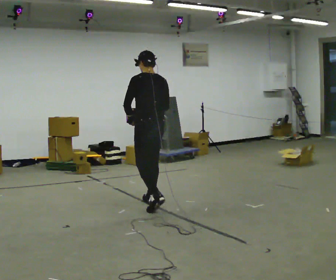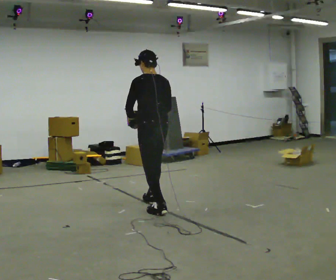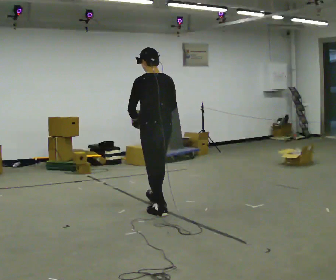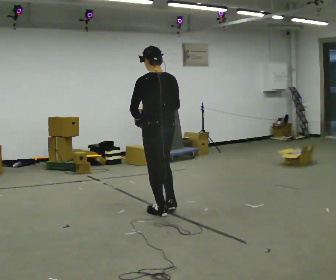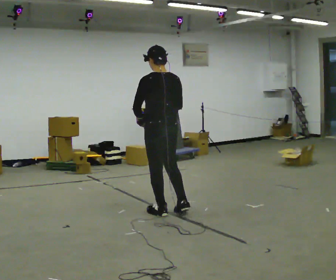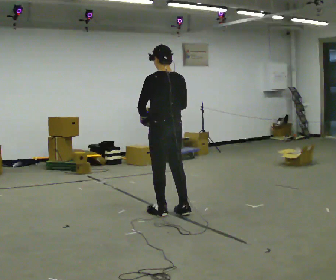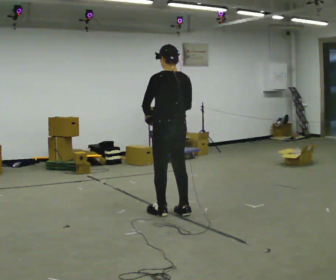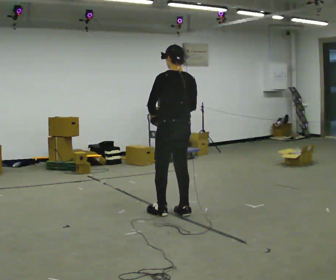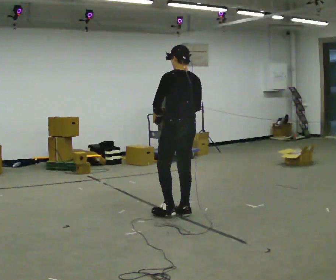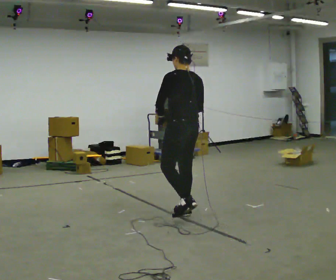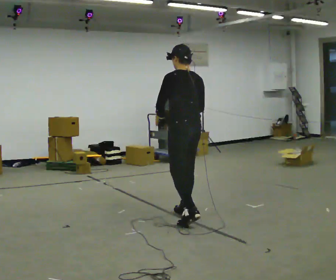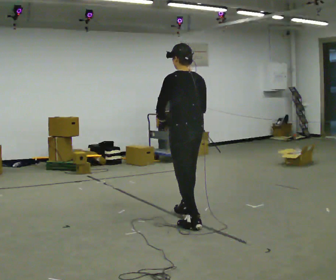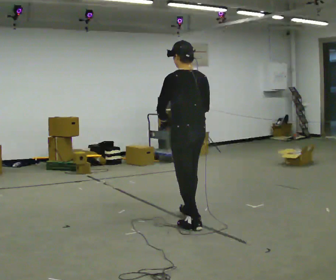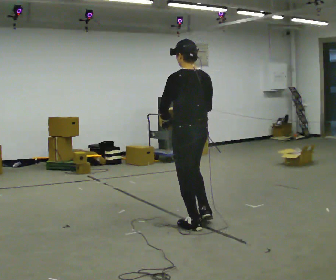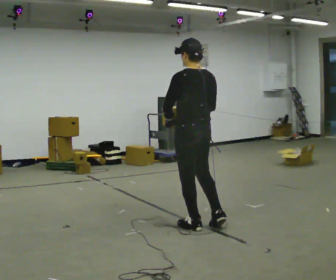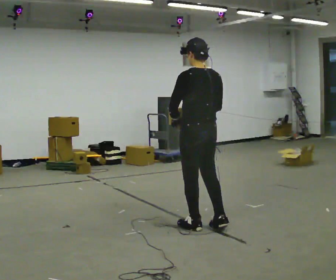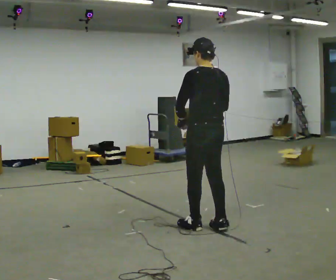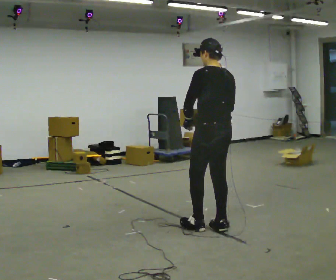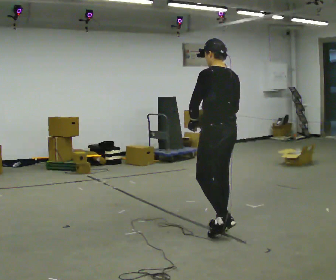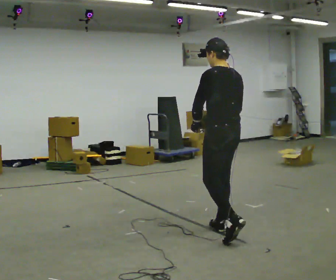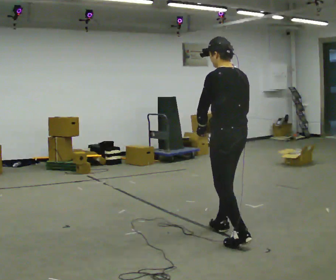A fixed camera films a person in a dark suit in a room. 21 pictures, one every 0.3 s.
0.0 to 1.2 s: In the picture they go toward the camera and to the right, about 0.5 m in 1 step, which for them is backward.
1.2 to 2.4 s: In the picture they go to the right, about 0.25 m in 1 step, which for them is to their right.
2.4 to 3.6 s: In the picture they go toward the camera, about 0.5 m in 1 step, which for them is backward and to their left.
3.6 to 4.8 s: In the picture they go to the right, about 0.25 m, which for them is backward.
4.8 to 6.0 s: In the picture they go toward the camera and to the right, about 0.25 m in 1 step, which for them is backward.
The film runs backward here.
